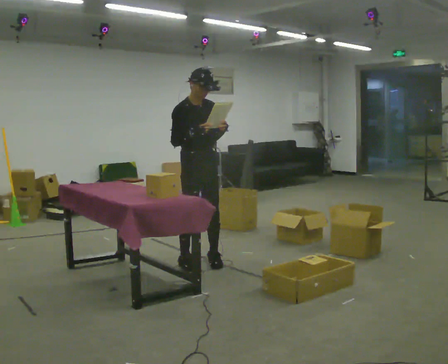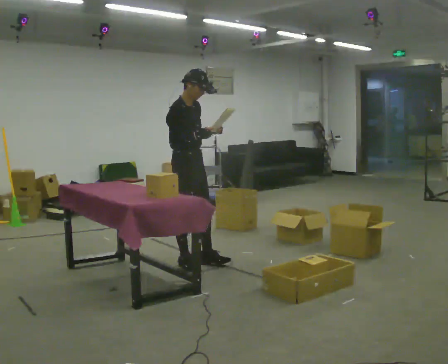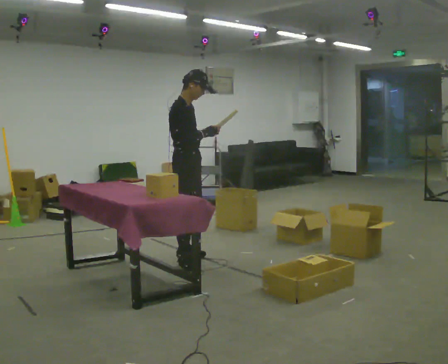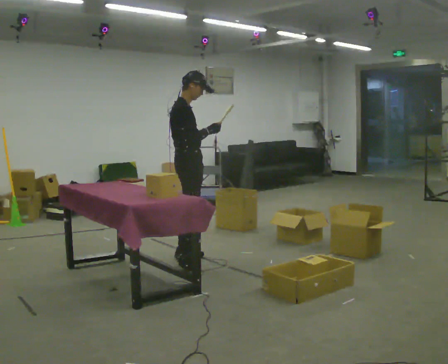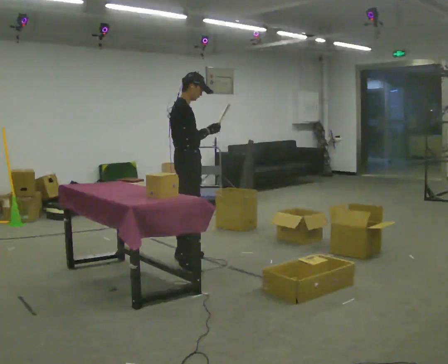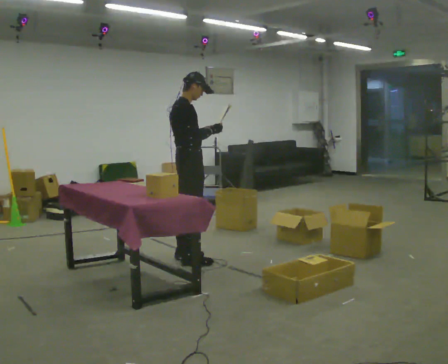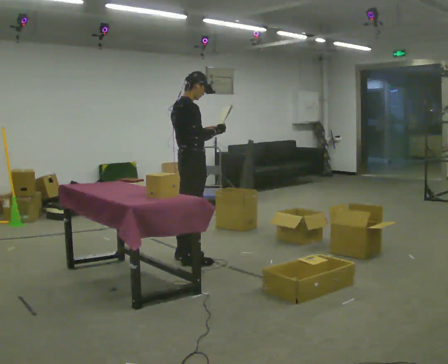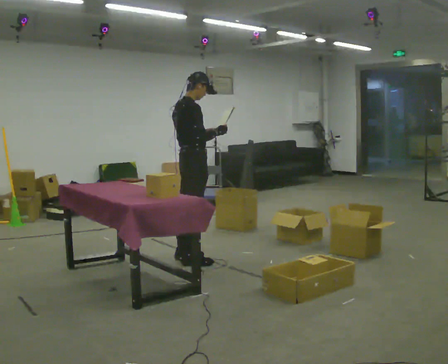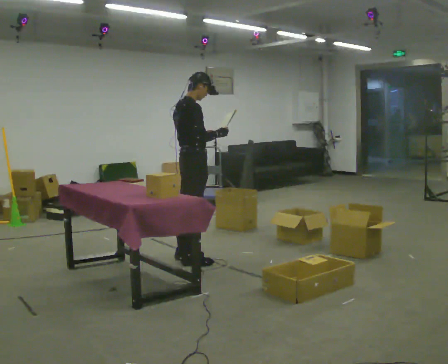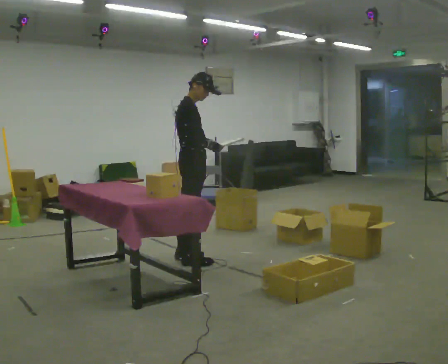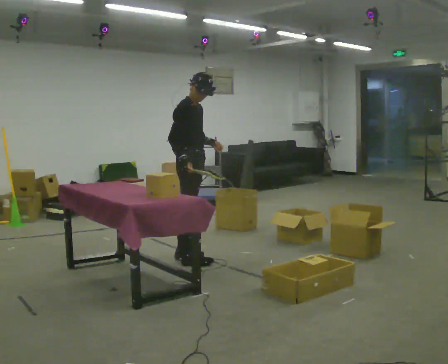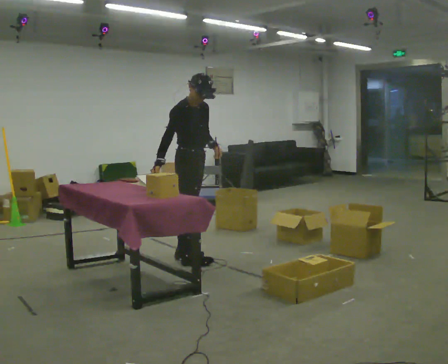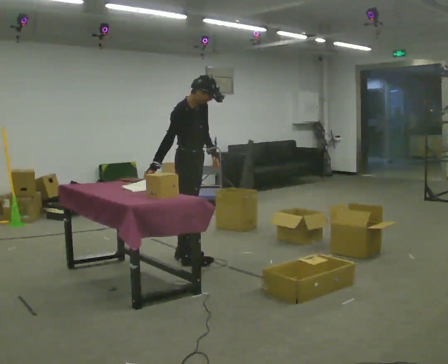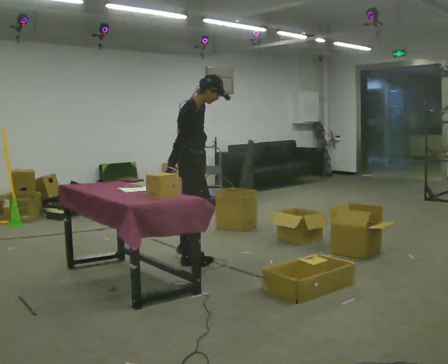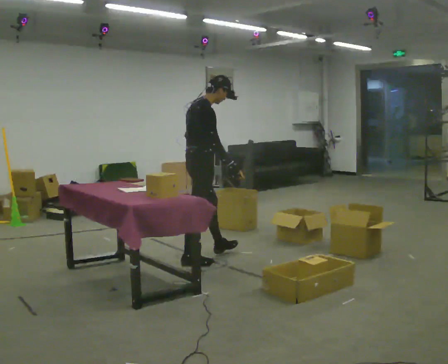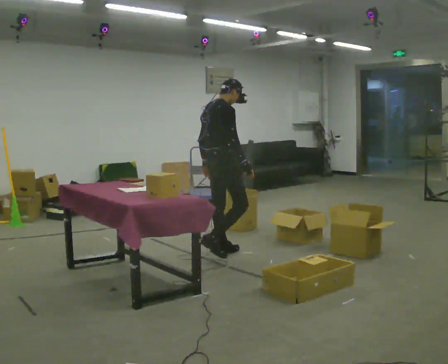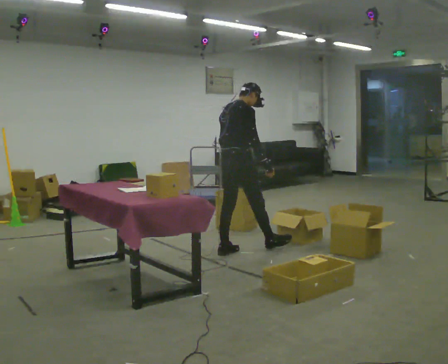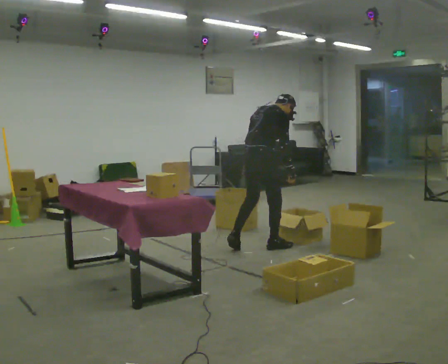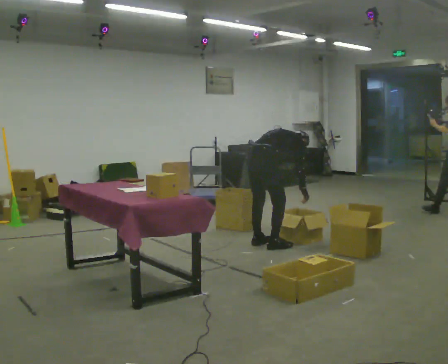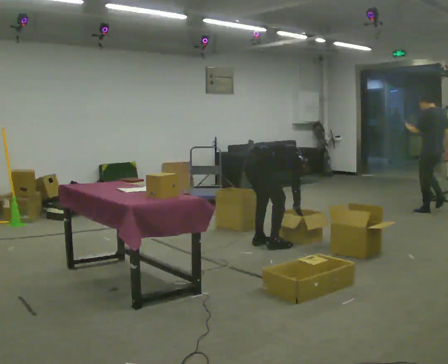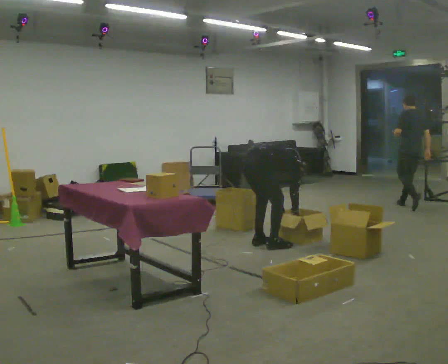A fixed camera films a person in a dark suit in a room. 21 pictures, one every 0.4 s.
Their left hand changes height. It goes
downward.
The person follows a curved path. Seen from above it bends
clockwise.
0.0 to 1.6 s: The person turns about 45 degrees to their left, counterclockwise seen from above, so the part of the body nearest the lens slides to the right.
1.6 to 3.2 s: The person moves a little, or ends about where they began.
3.2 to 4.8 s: The part of the body nearest the lens slides to the left as the person turns to their right by about 45 degrees. In the picture their right hand goes to the left and downward, the arm swinging clockwise.
4.8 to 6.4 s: The person turns about 60 degrees to their left, counterclockwise seen from above, so the part of the body nearest the lens slides to the right. In the picture they go to the right and away from the camera, about 0.5 m in 1 step, which for them is forward.
6.4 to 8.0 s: In the picture they go to the right and away from the camera, about 0.25 m in 2 steps, which for them is forward. The shoulders move downward. In the picture the upper body tilts clockwise, shoulders to the right, as they bend forward. In the picture their right hand goes downward.
The film runs forward here.
